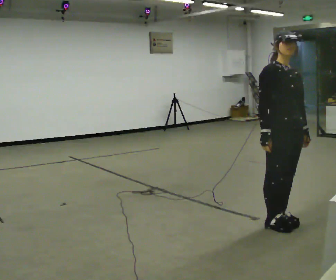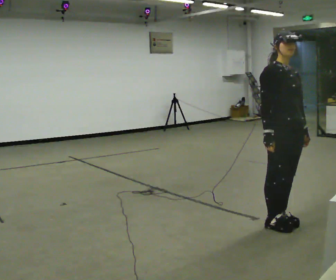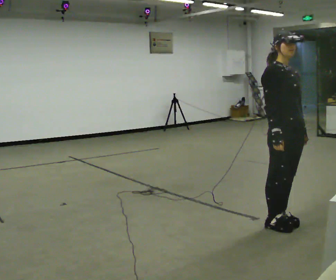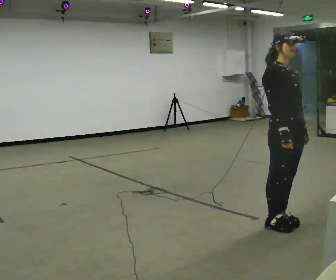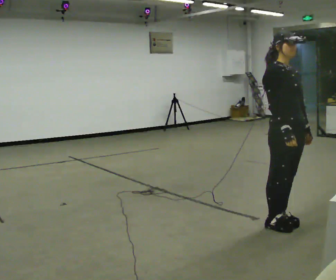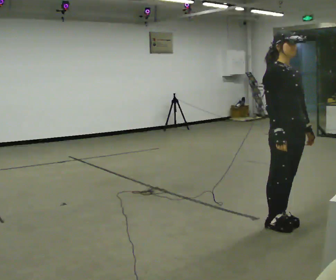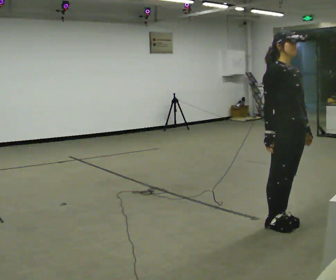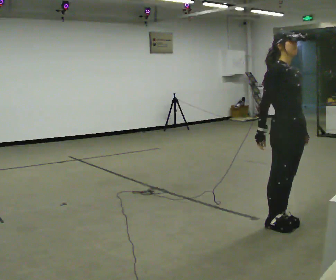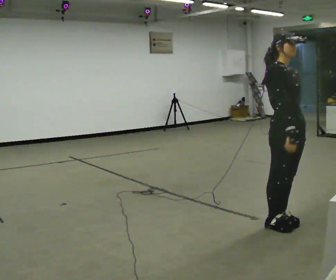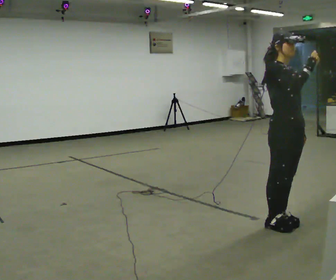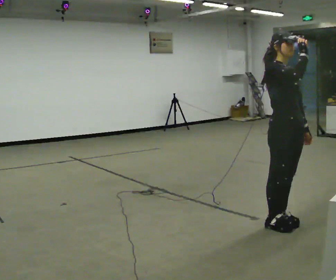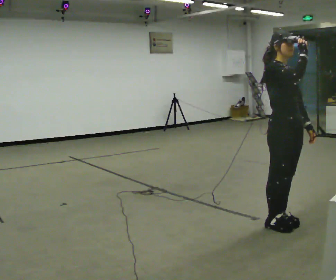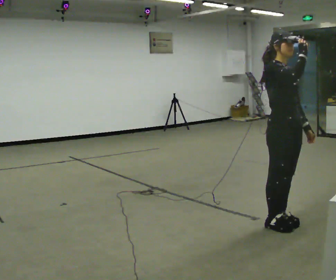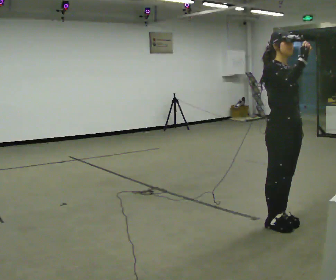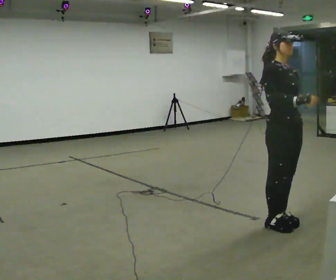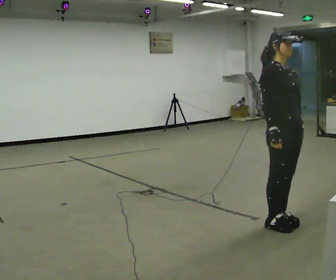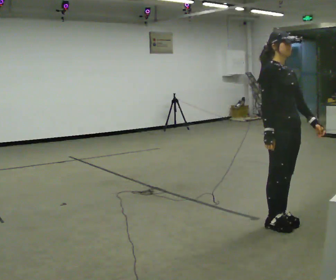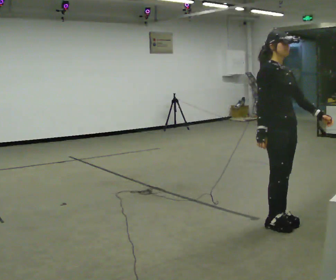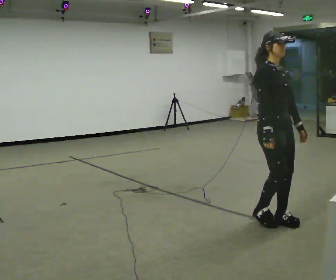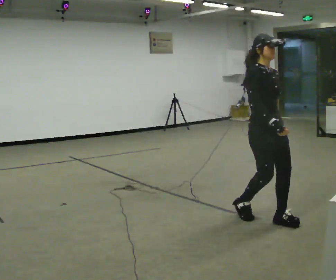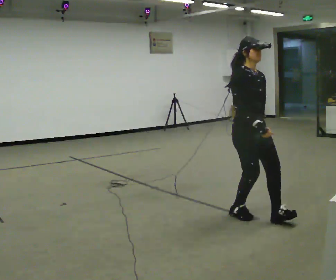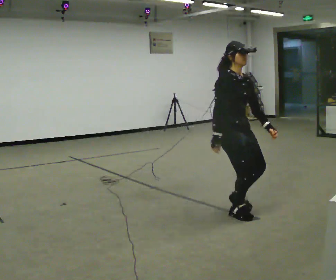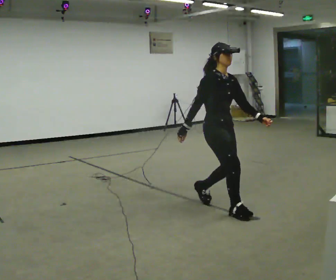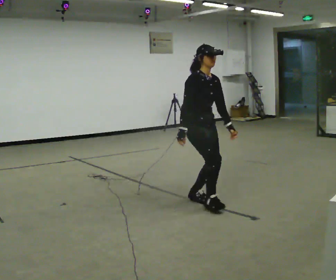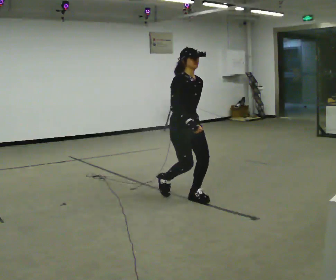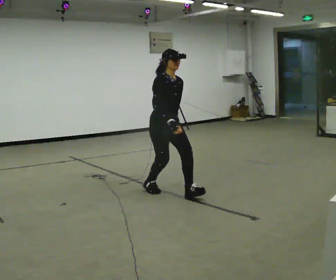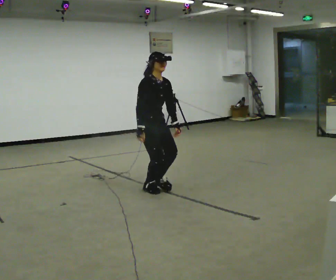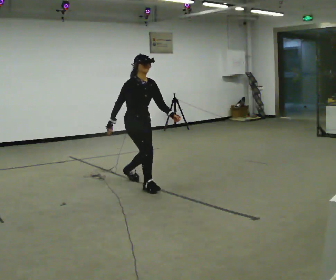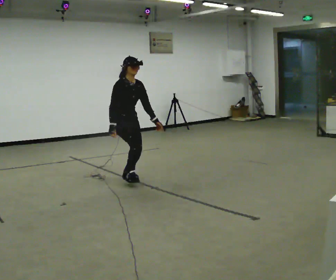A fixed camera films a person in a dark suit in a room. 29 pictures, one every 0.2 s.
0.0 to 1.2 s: The person moves a little, or ends about where they began.
1.2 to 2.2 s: In the picture their right hand goes upward.
2.2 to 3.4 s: In the picture their right hand goes downward and to the left.
3.4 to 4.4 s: In the picture they go to the left and away from the camera, about 0.75 m in 2 steps, which for them is backward.
4.4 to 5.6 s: In the picture they go to the left and away from the camera, about 1.5 m in 3 steps, which for them is backward.
The film runs backward here.
